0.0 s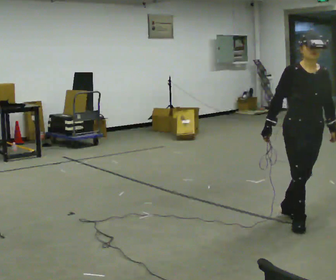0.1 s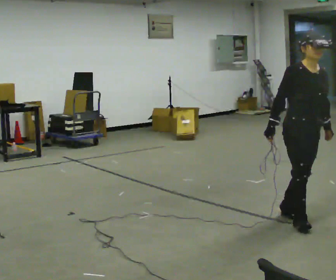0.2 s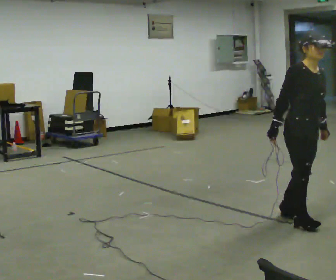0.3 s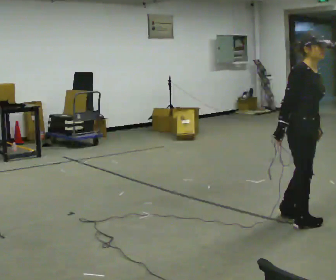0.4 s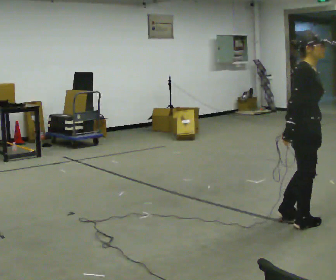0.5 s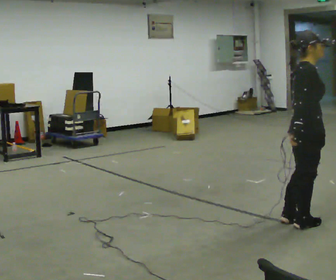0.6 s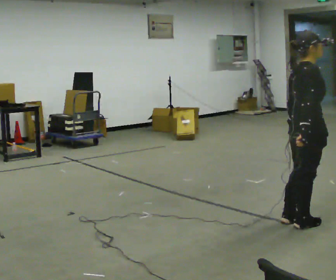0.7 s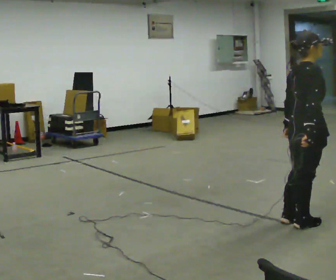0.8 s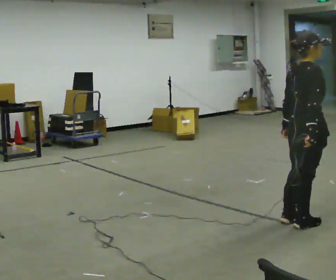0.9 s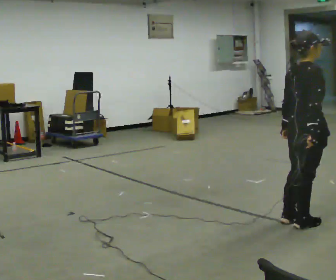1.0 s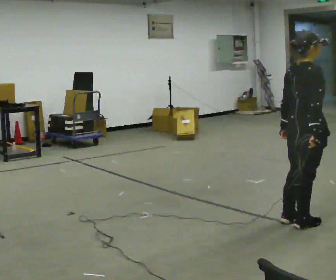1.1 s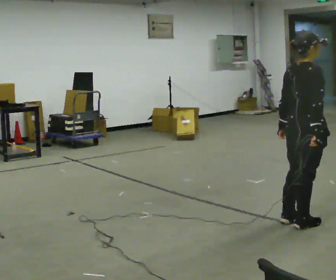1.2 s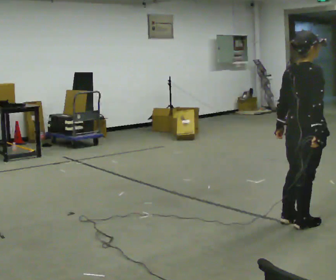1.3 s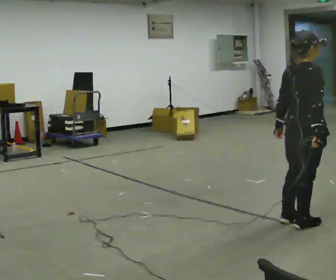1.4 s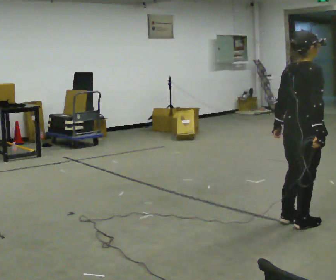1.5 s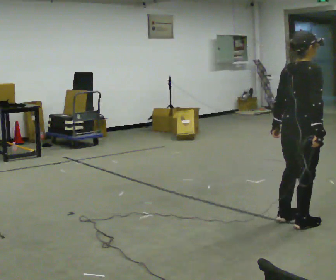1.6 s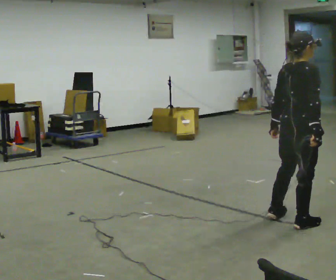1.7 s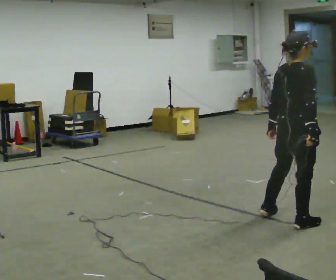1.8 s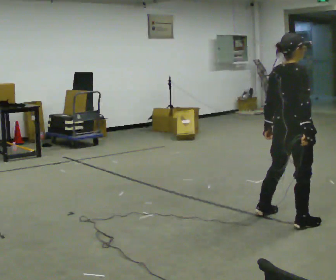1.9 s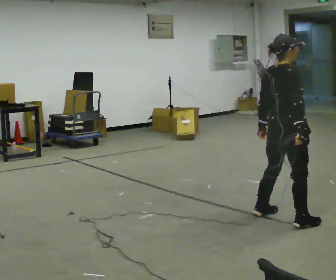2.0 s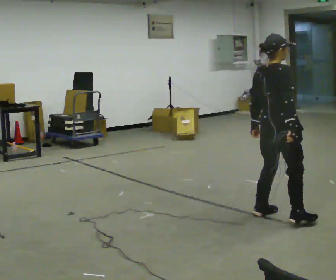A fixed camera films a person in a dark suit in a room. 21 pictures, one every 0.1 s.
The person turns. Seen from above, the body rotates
counterclockwise.
The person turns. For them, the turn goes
to their left.
0.0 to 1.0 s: Seen from above the body turns counterclockwise, about 105 degrees: to their left, with its near side sliding to the right. In the picture their left hand goes to the left, the arm swinging clockwise.
1.0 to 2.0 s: In the picture they go to the left, about 0.25 m in 2 steps, which for them is to their left.
The film runs backward here.
